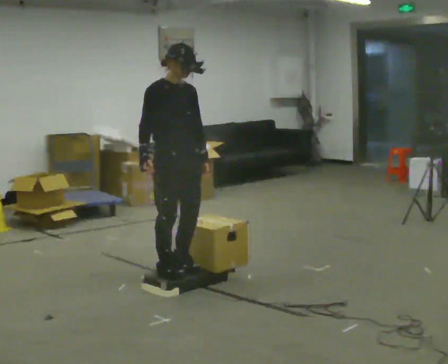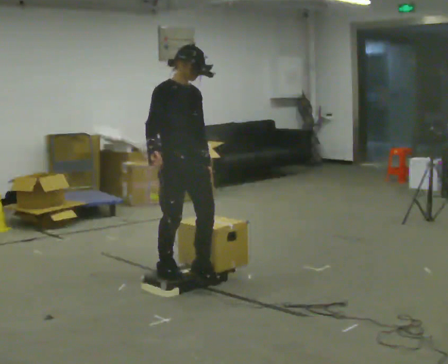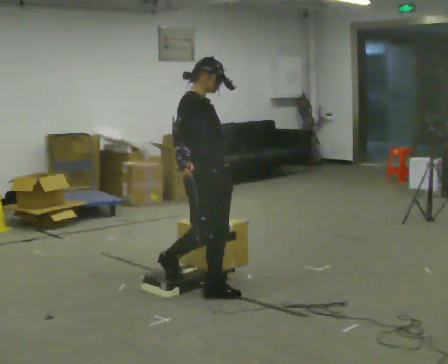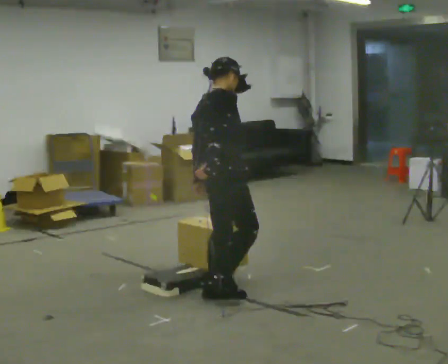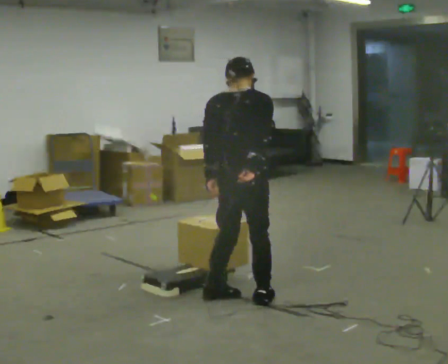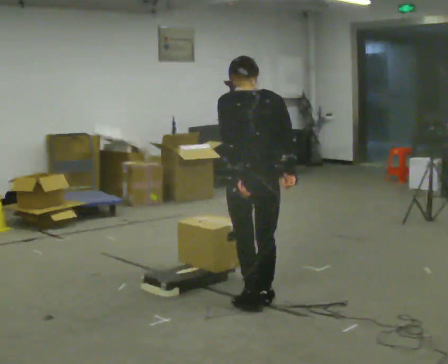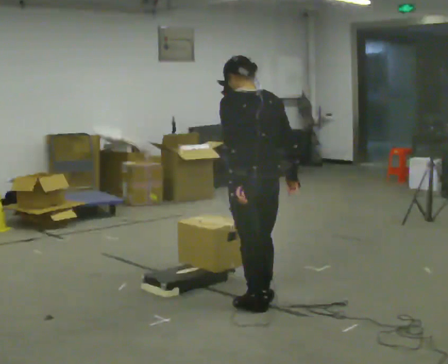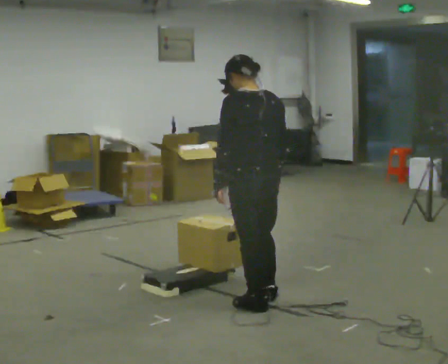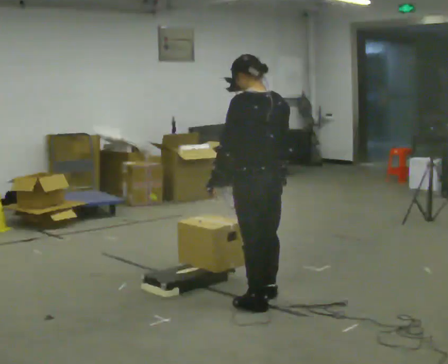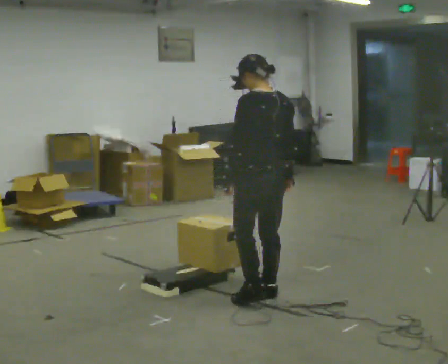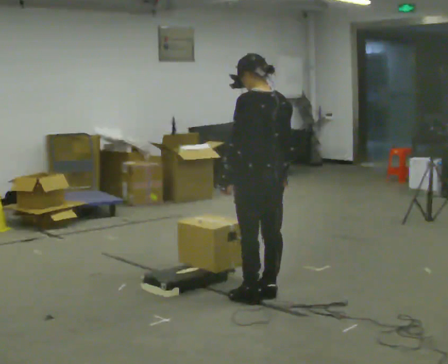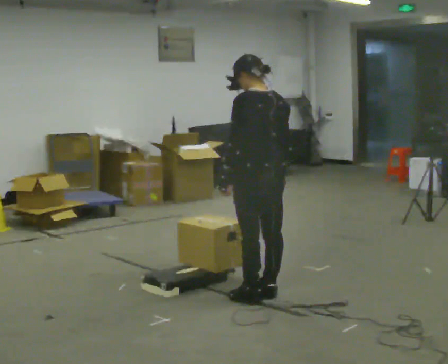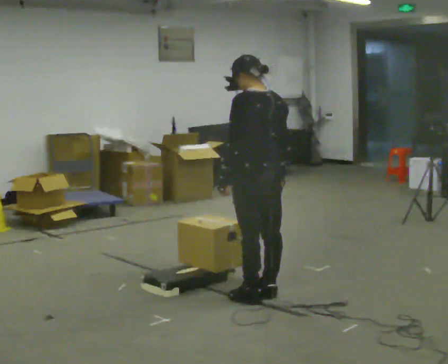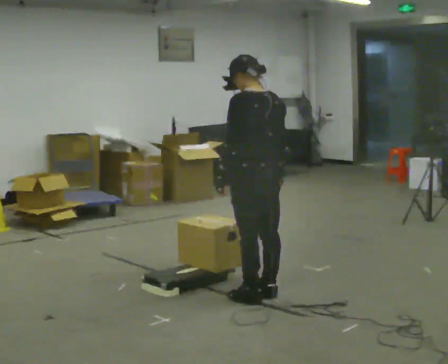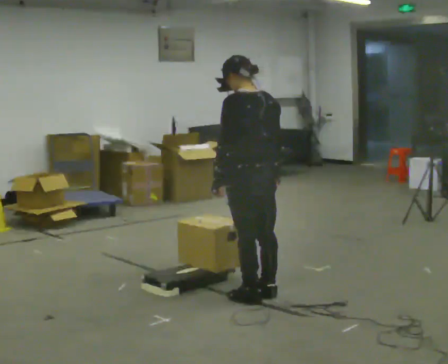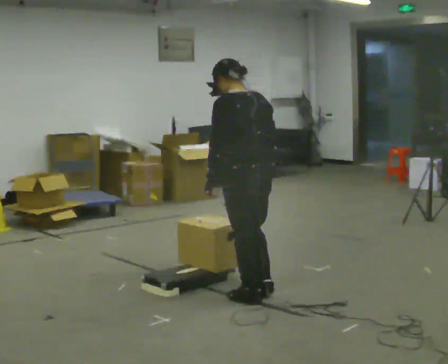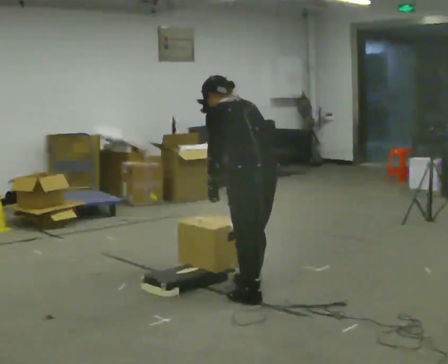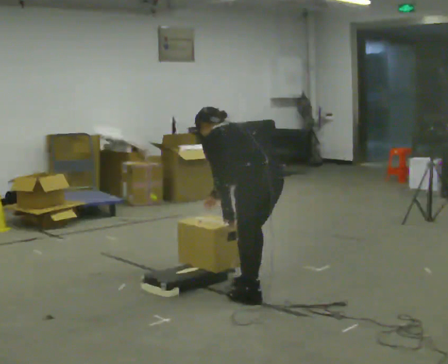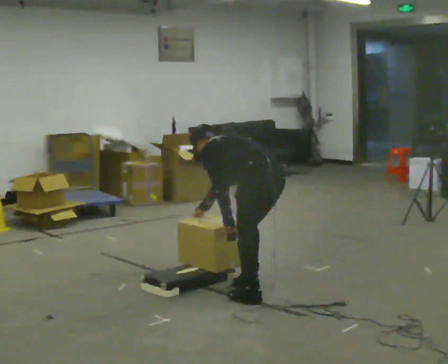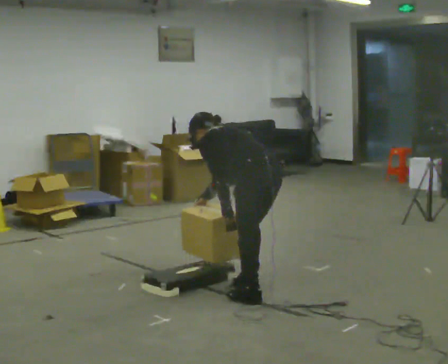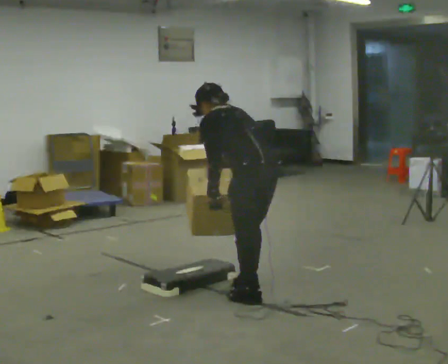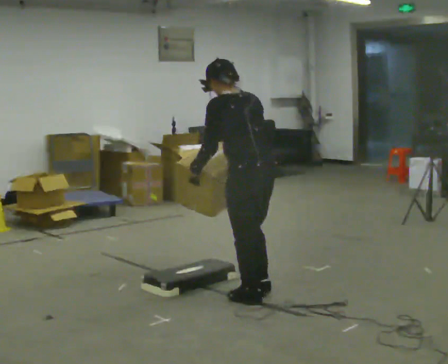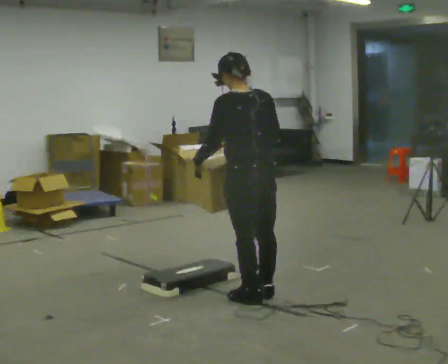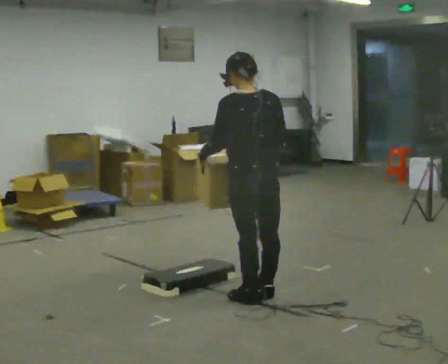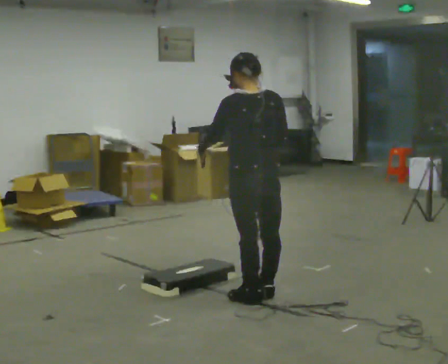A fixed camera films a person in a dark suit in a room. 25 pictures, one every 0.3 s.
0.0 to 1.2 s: The part of the body nearest the lens slides to the right as the person turns to their left by about 120 degrees. In the picture they go to the right and toward the camera, about 0.5 m in 2 steps.
1.2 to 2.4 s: The part of the body nearest the lens slides to the right as the person turns to their left by about 60 degrees.
2.4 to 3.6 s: The person moves a little, or ends about where they began.
3.6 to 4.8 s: The upper body tips away from the camera, its near side rolling upward, as they bend forward.
4.8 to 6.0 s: The person moves a little, or ends about where they began.
6.0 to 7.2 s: The upper body tips toward the camera, its near side rolling downward, as they lean back or straighten.
The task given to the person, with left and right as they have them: Carry the box up onto the platform, across it, and down the other side, then bring it back. Keep going until the operator says stop; one object at a time, and do not rush between trips.
The film runs forward here.
